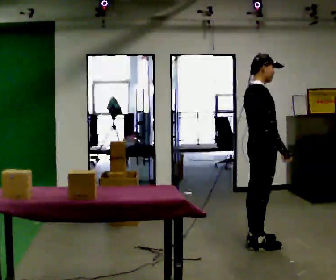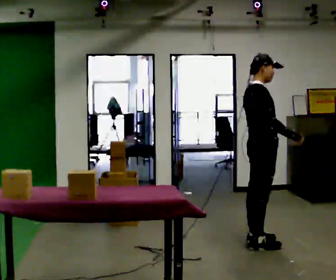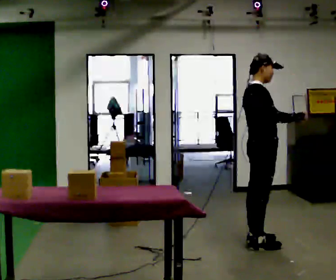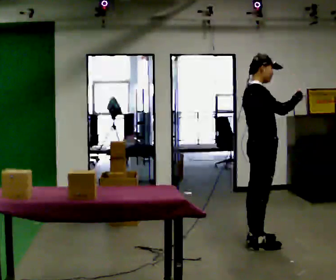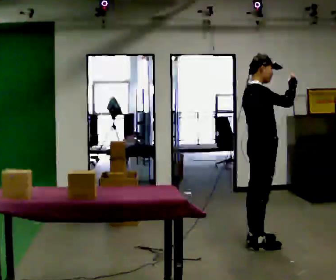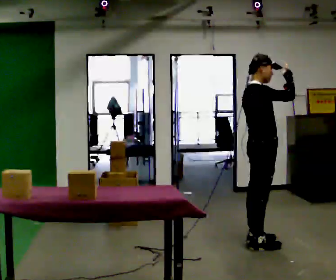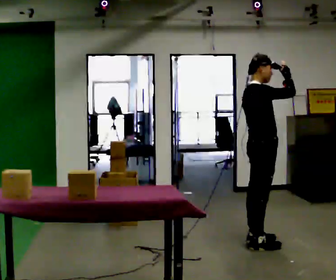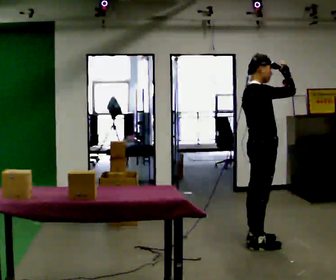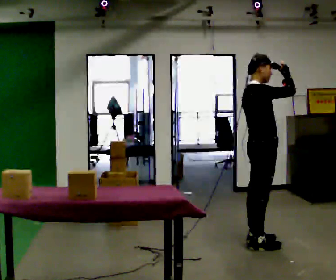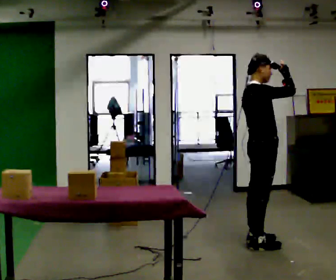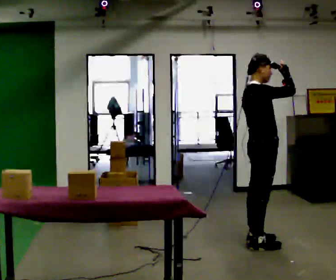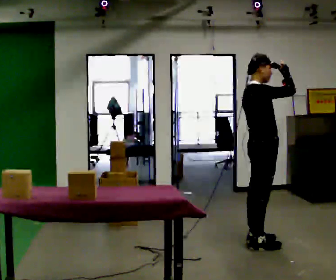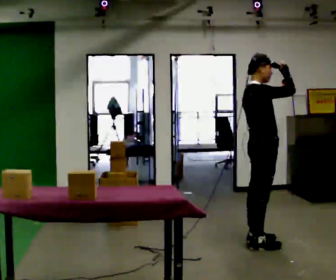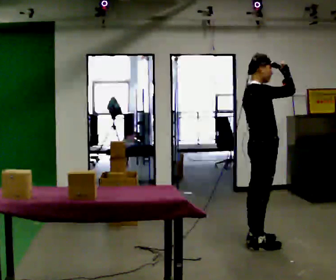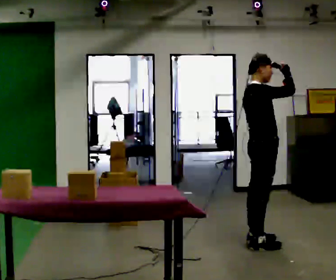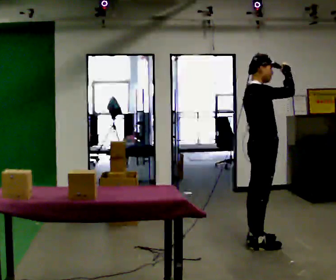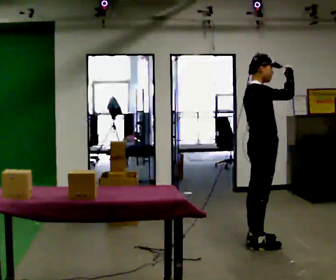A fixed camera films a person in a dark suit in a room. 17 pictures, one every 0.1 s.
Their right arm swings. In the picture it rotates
counterclockwise.
Their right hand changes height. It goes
upward.
0.0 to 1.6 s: In the picture their right hand goes upward, the arm swinging counterclockwise.
The film runs backward here.
